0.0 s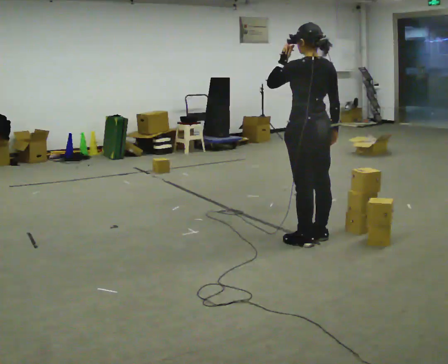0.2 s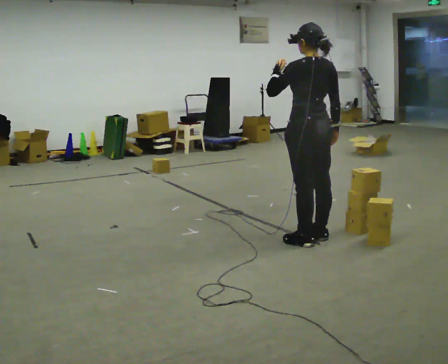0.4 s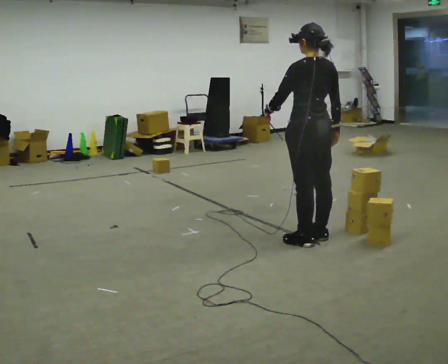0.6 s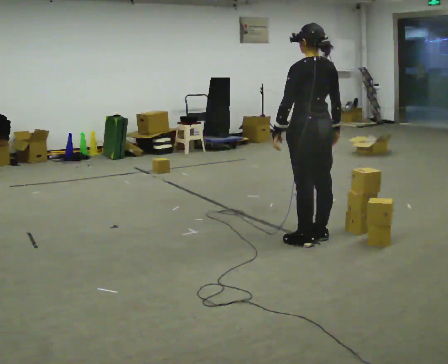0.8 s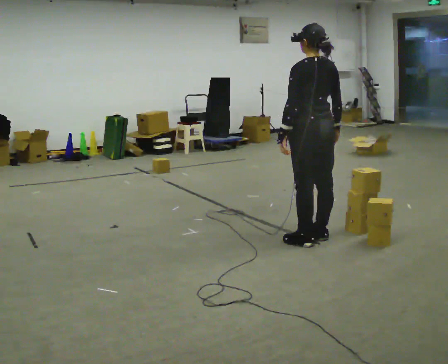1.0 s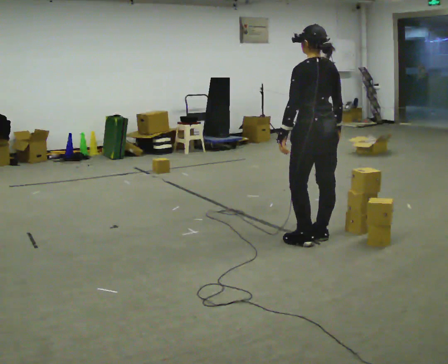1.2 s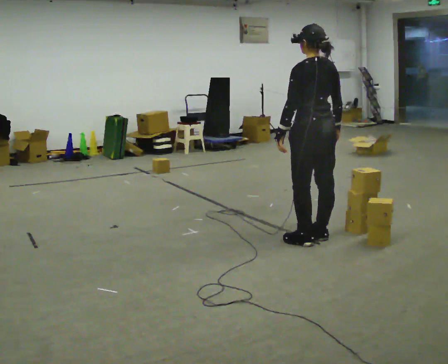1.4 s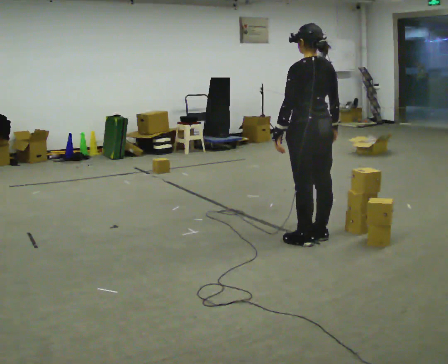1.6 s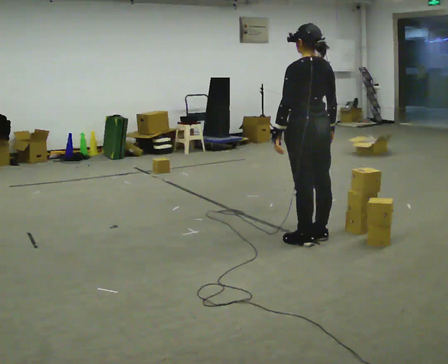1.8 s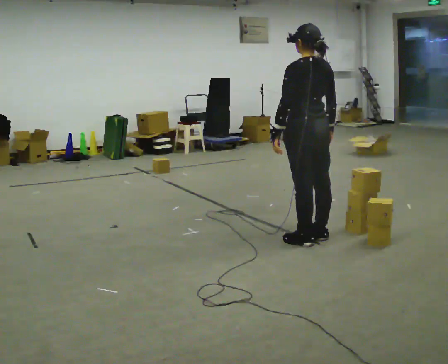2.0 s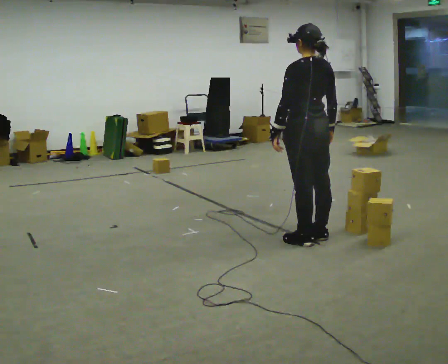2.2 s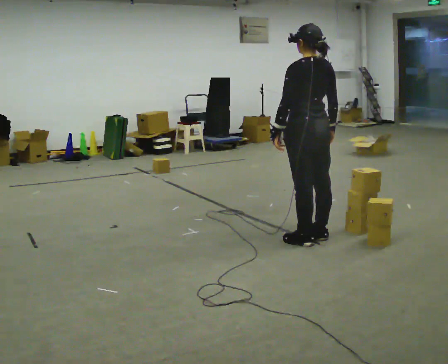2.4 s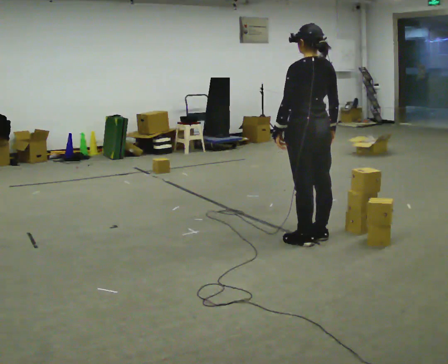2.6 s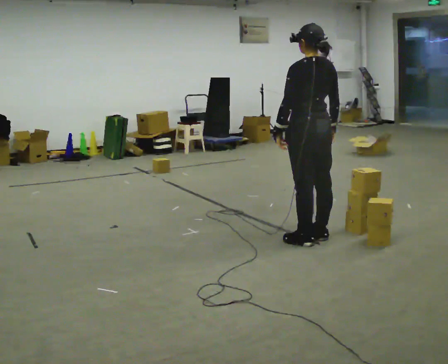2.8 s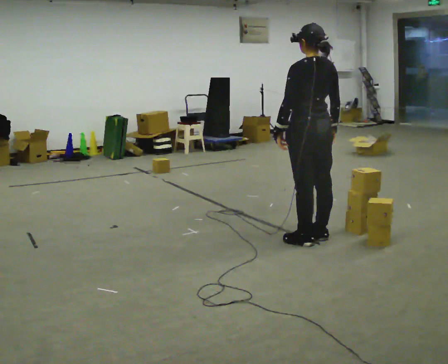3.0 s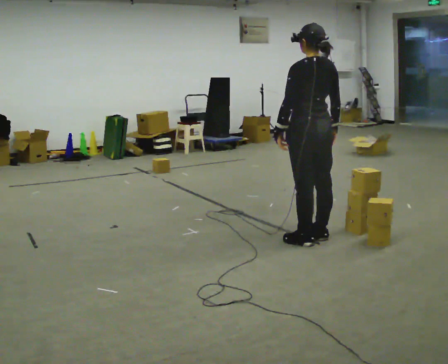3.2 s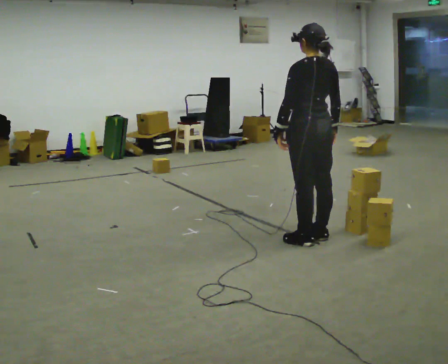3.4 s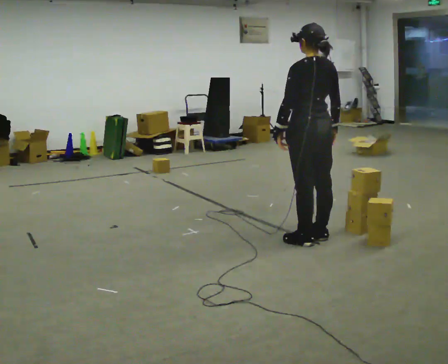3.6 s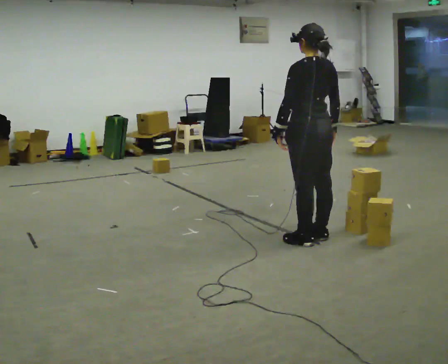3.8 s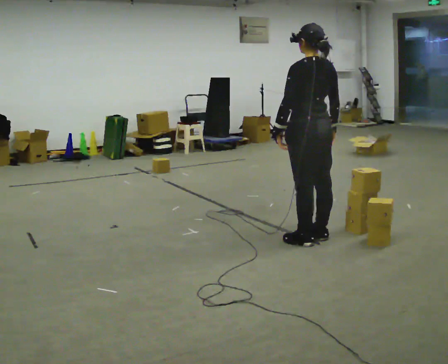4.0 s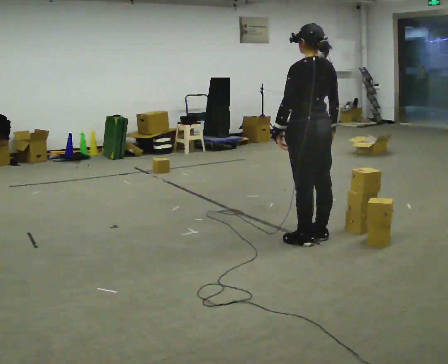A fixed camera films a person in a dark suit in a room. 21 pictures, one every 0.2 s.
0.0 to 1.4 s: In the picture their left hand goes downward.
1.4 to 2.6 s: The person moves a little, or ends about where they began.
2.6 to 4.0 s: The person keeps their place and pose.
The film runs forward here.
